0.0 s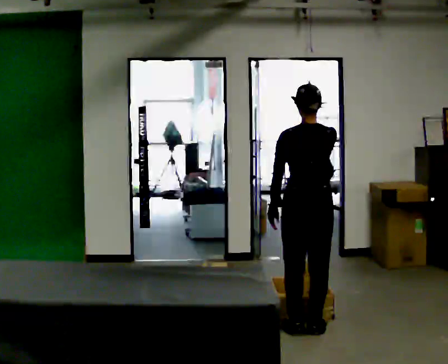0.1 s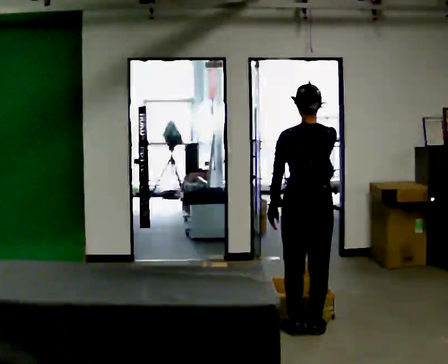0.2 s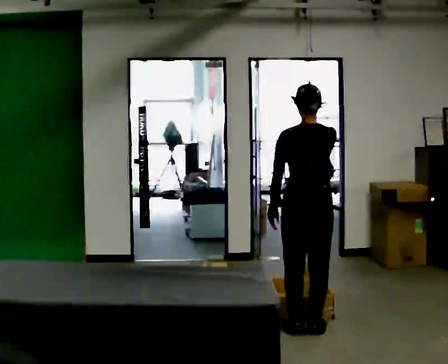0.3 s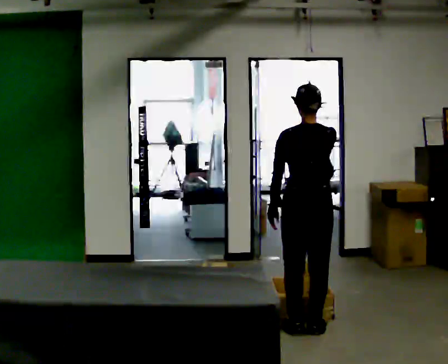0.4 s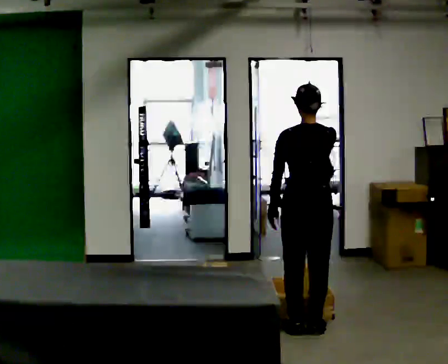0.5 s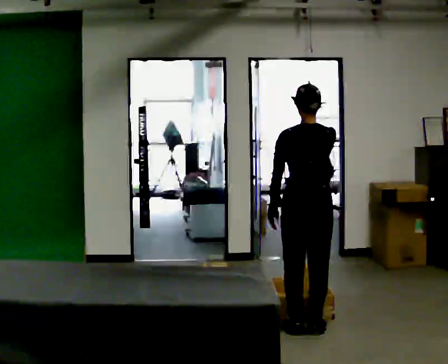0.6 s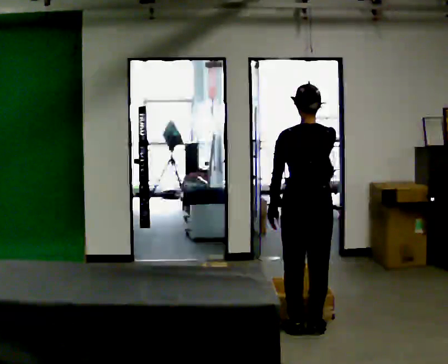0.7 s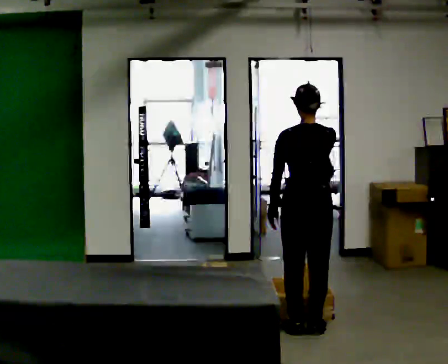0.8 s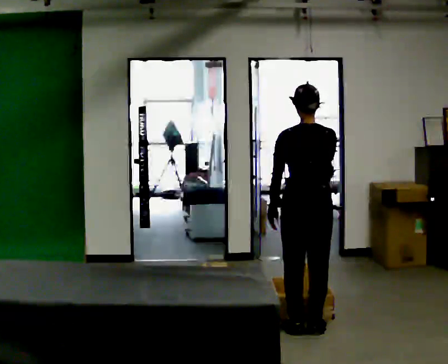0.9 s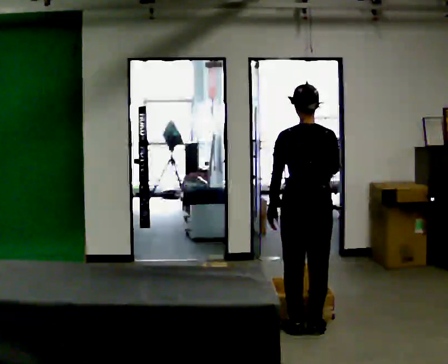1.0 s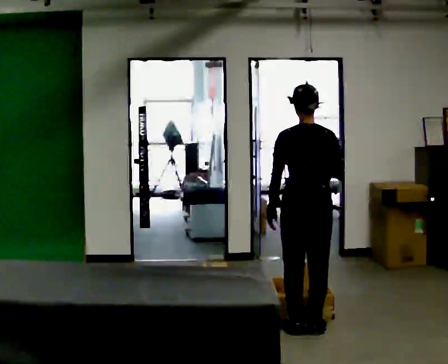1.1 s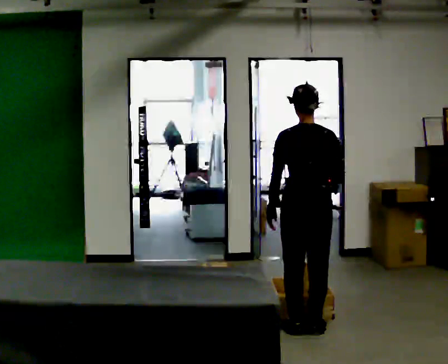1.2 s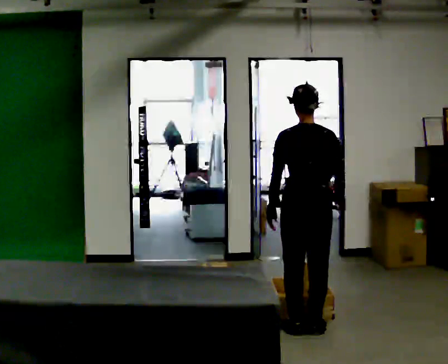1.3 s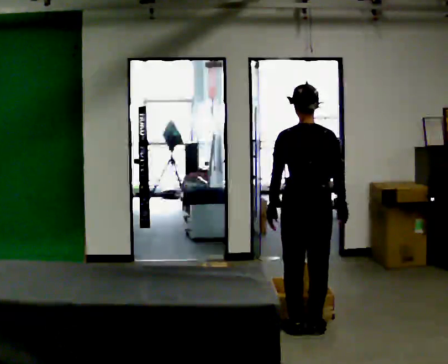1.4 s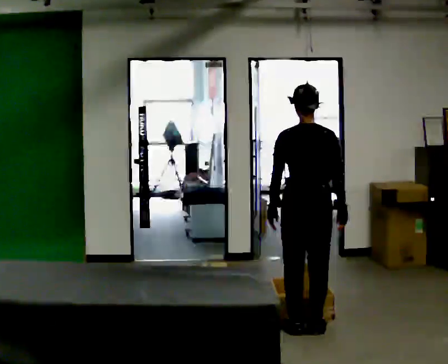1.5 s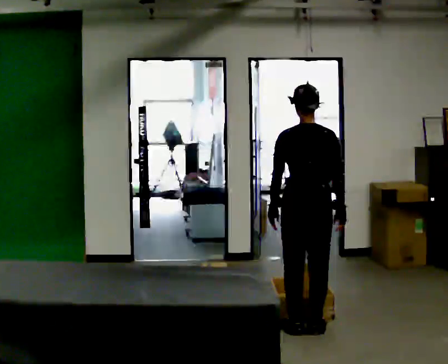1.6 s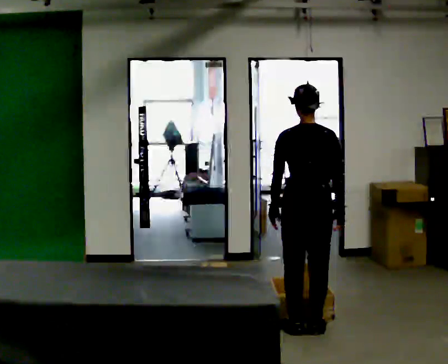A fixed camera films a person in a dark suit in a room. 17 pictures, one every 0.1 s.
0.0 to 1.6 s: In the picture their right hand goes downward.
The film runs forward here.
